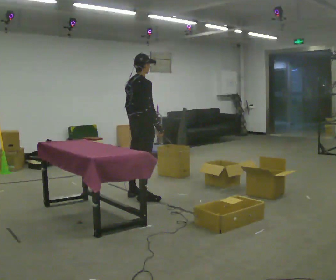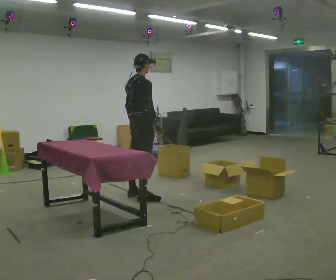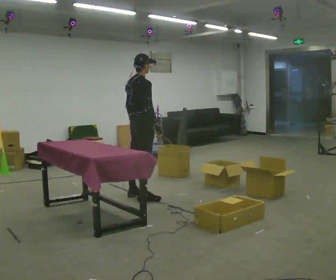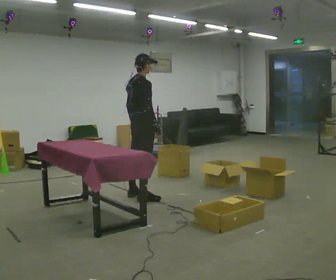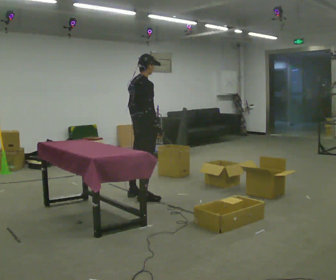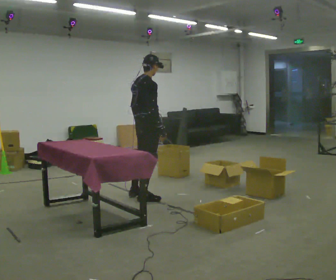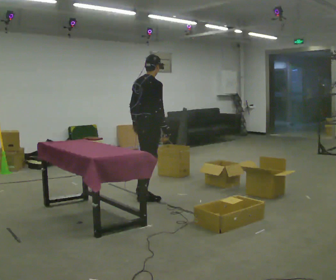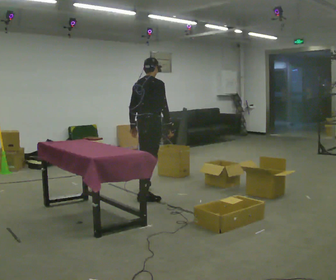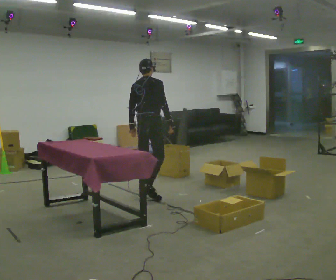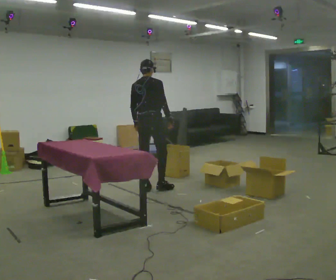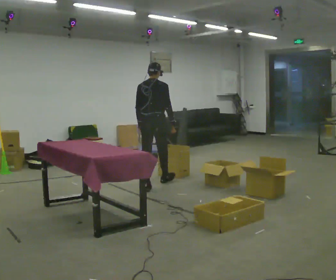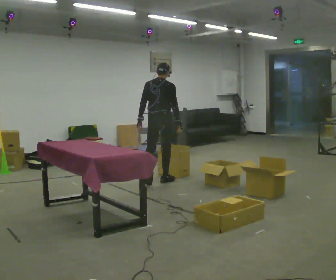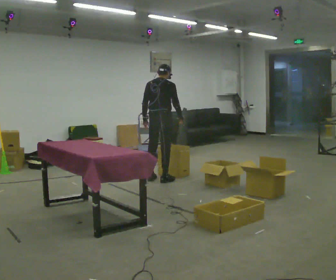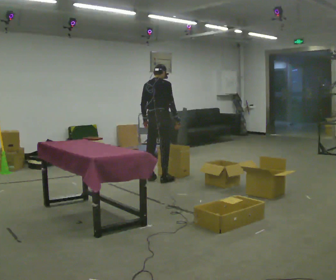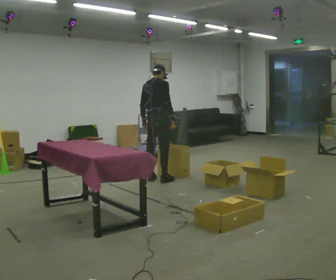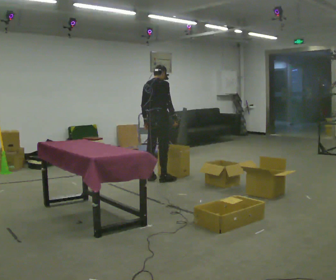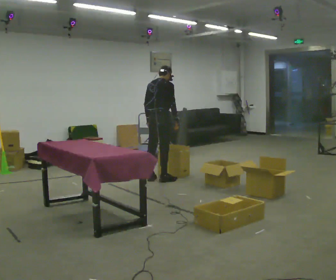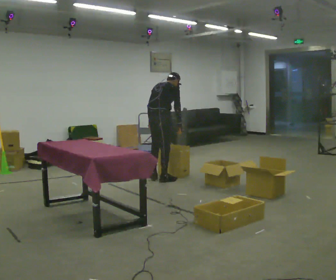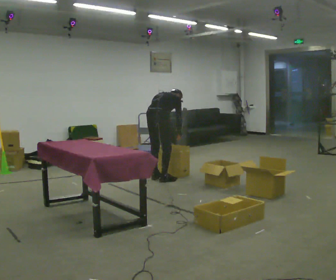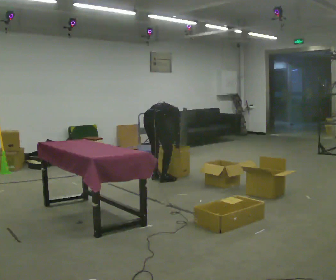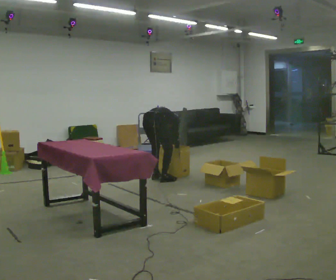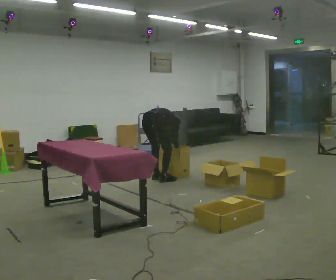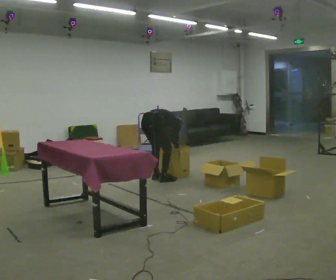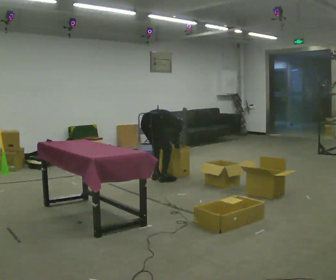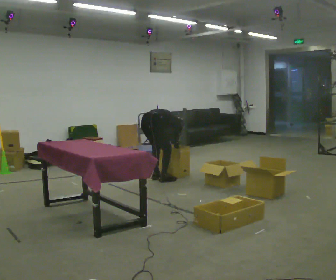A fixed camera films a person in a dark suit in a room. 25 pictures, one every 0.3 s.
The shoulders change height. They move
downward.
The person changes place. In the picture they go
away from the camera.
0.0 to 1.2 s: The person moves a little, or ends about where they began.
1.2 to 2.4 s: The part of the body nearest the lens slides to the right as the person turns to their left by about 30 degrees. In the picture they go away from the camera, about 0.25 m in 1 step, which for them is forward and to their left.
2.4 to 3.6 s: In the picture they go away from the camera, about 0.5 m in 1 step, which for them is forward.
3.6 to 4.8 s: The person moves a little, or ends about where they began.
4.8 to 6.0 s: The shoulders move downward. The upper body tips away from the camera, its near side rolling upward, as they bend forward. In the picture their right hand goes downward.
6.0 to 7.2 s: The person moves a little, or ends about where they began.
The film runs forward here.
